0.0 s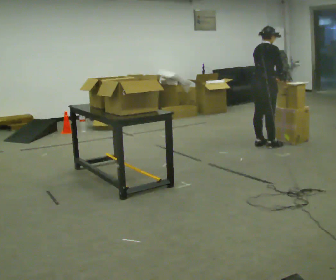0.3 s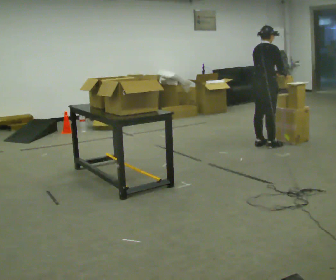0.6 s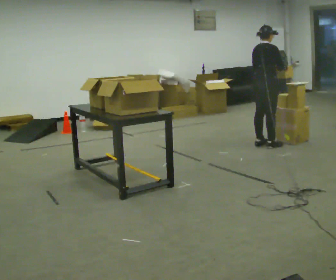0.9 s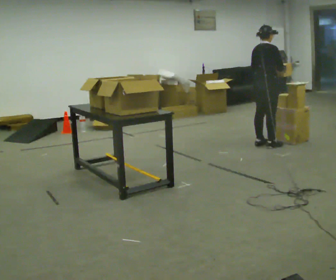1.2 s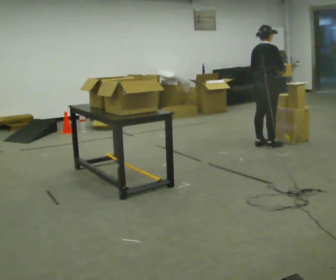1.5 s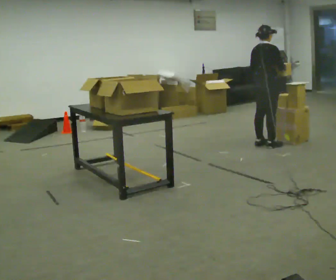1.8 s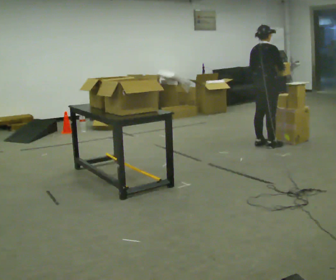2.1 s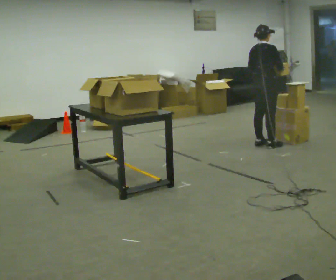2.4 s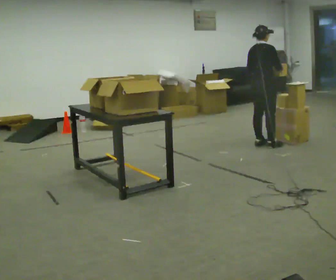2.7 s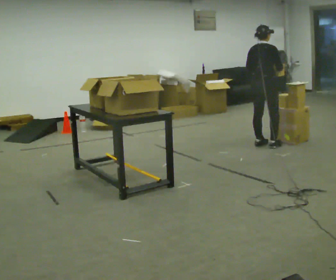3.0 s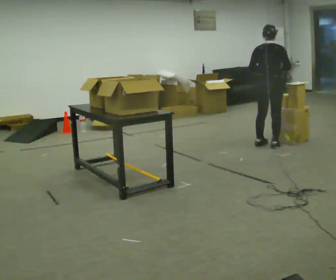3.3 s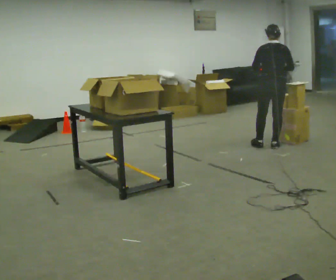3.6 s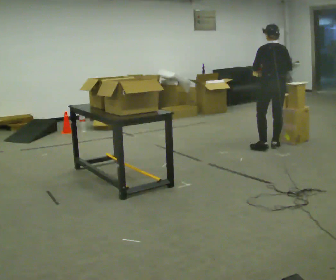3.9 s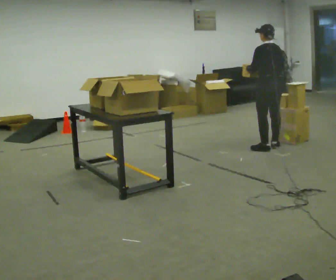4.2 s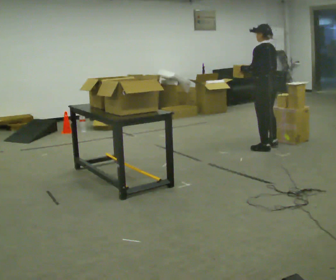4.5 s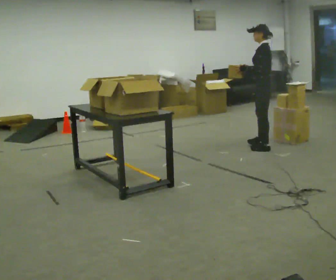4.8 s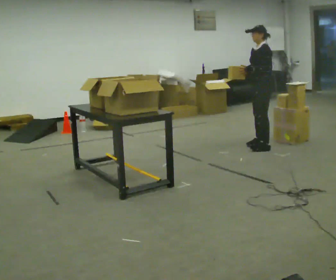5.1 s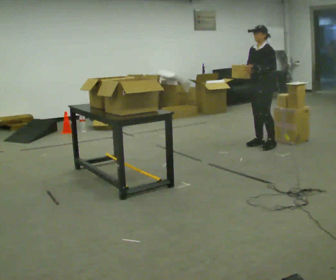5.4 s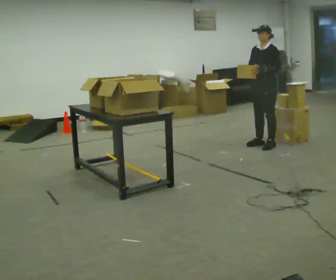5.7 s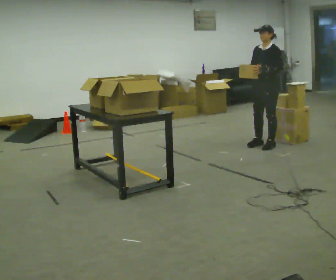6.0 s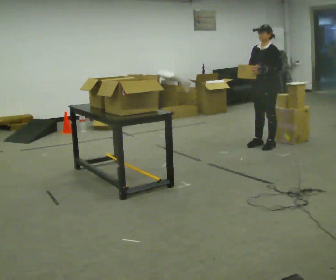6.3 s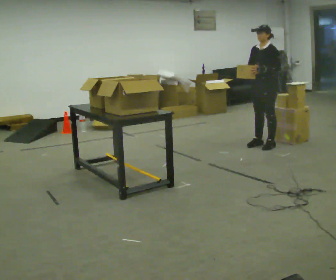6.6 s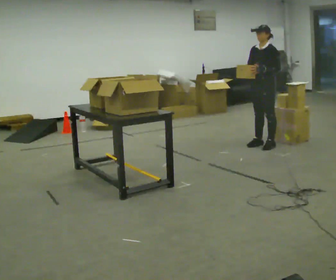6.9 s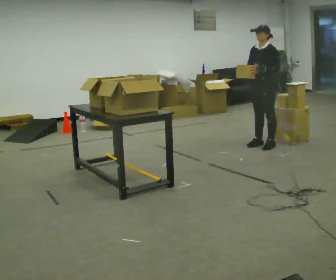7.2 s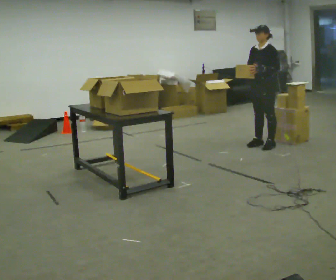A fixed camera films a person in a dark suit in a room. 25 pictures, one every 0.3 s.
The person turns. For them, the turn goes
to their left.
The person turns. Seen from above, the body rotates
counterclockwise.
0.0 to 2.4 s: The person moves a little, or ends about where they began.
2.4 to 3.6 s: The part of the body nearest the lens slides to the right as the person turns to their left by about 75 degrees.
3.6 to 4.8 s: The person turns about 90 degrees to their left, counterclockwise seen from above, so the part of the body nearest the lens slides to the right.
4.8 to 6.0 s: The person moves a little, or ends about where they began.
6.0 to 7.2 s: The person keeps their place and pose.
The film runs forward here.
